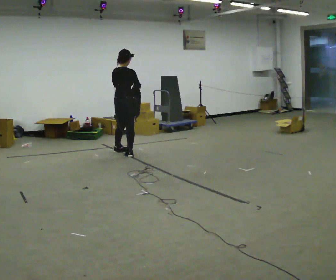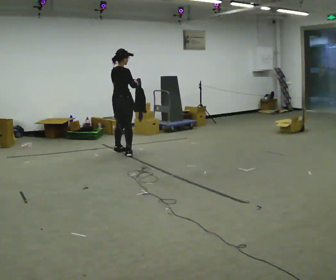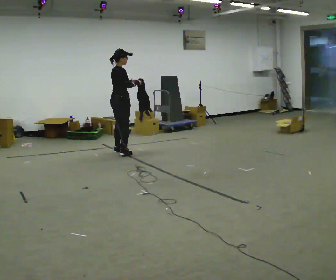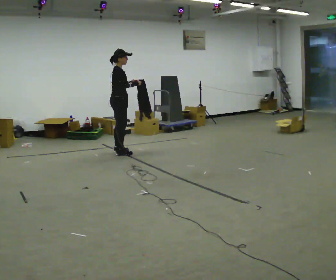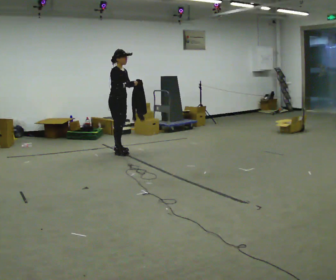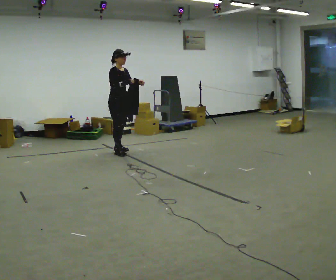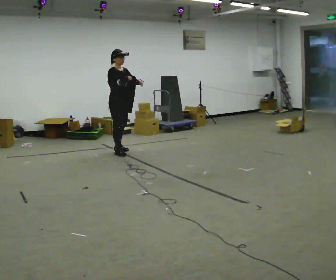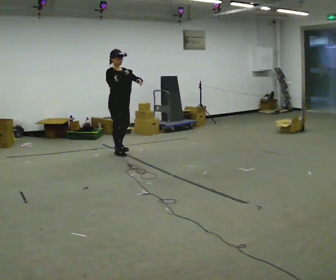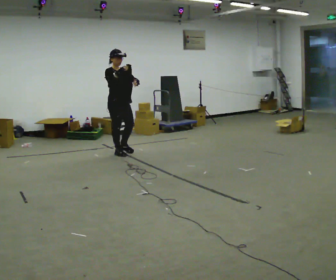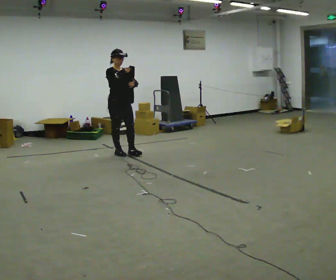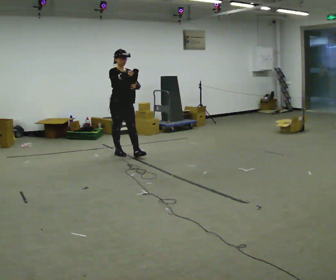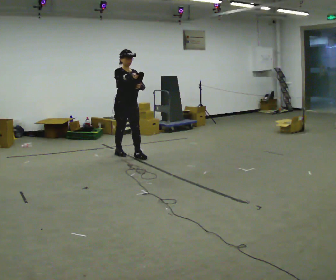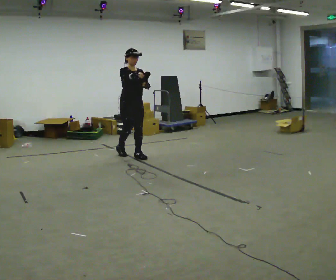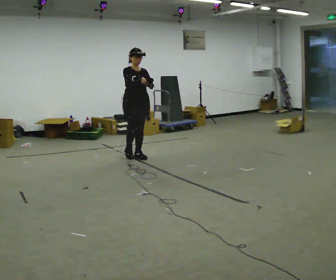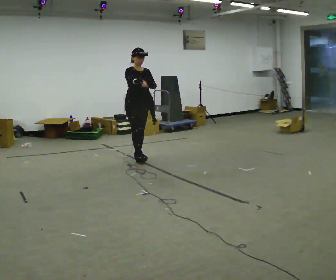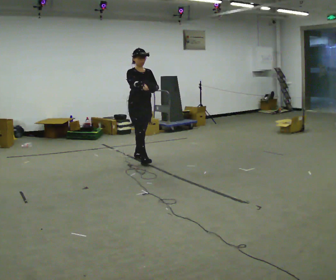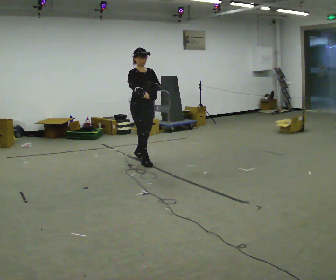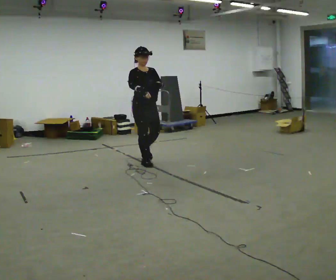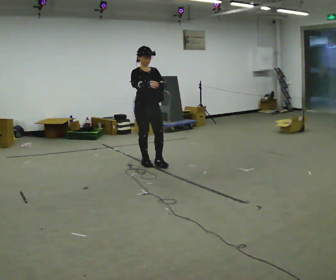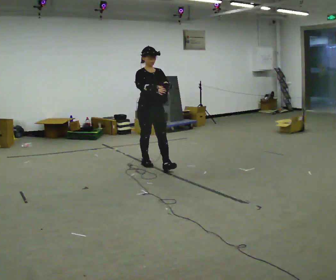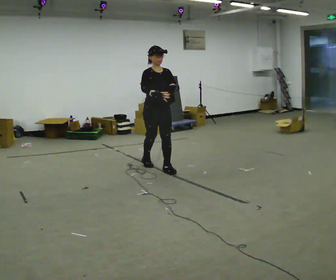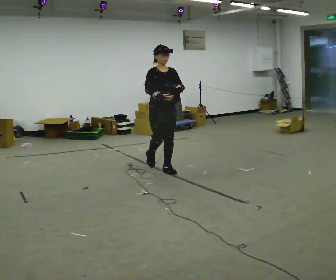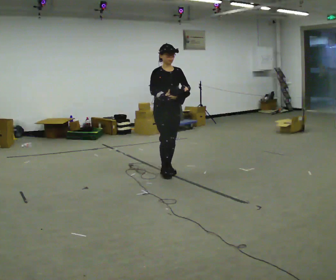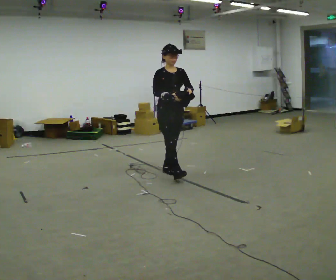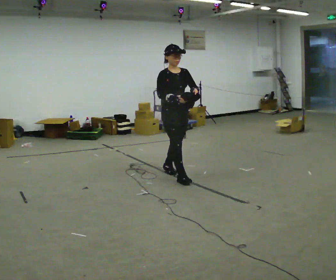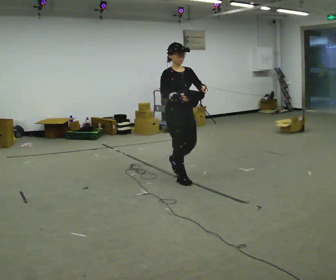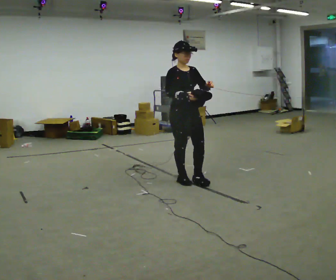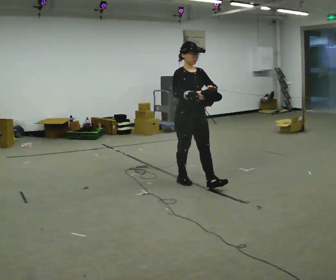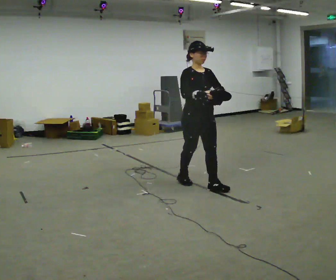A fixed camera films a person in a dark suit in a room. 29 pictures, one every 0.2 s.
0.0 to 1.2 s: Seen from above the body turns clockwise, about 105 degrees: to their right, with its near side sliding to the left.
1.2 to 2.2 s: In the picture they go toward the camera, about 0.25 m in 1 step, which for them is forward.
2.2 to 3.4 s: In the picture they go toward the camera and to the right, about 0.5 m in 1 step, which for them is forward.
3.4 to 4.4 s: In the picture they go toward the camera and to the right, about 0.5 m in 1 step, which for them is forward.
4.4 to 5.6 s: In the picture they go toward the camera and to the right, about 0.5 m in 2 steps, which for them is forward.
The film runs forward here.
